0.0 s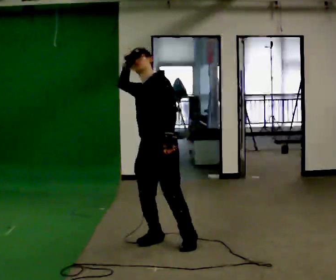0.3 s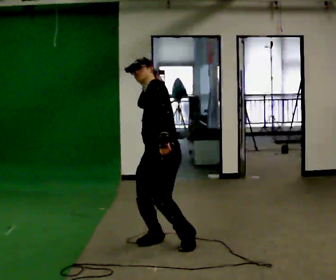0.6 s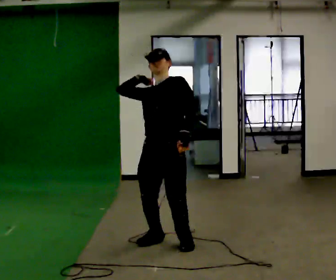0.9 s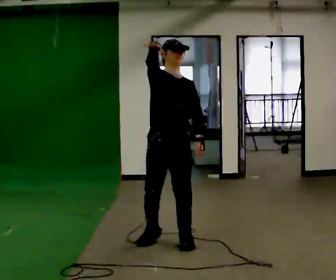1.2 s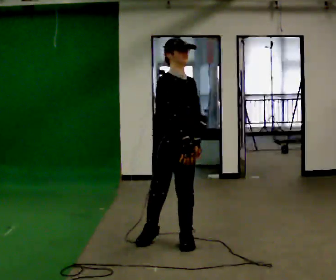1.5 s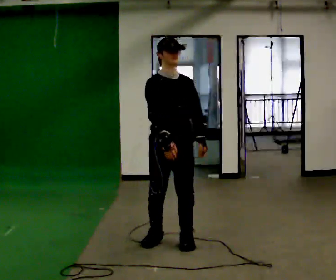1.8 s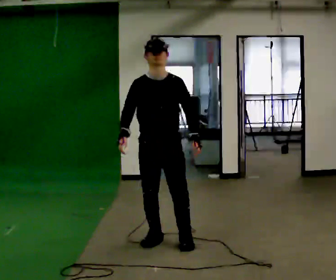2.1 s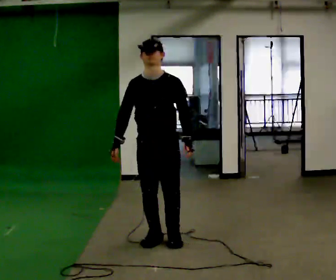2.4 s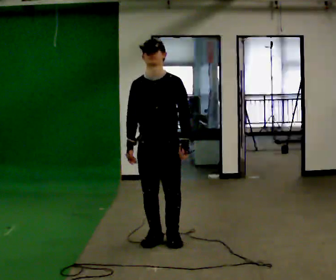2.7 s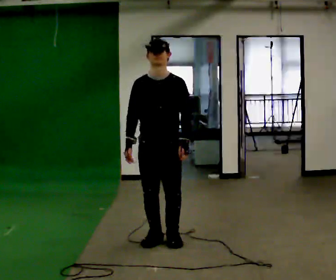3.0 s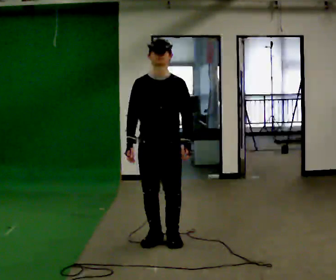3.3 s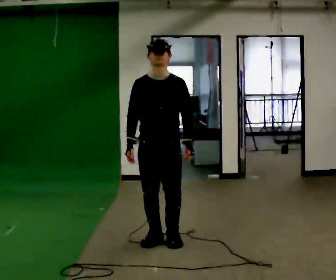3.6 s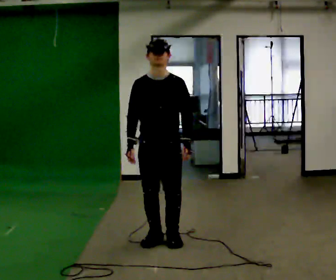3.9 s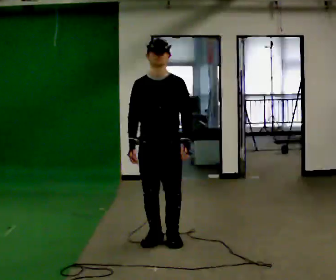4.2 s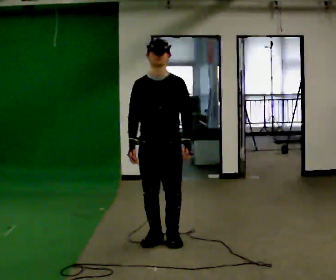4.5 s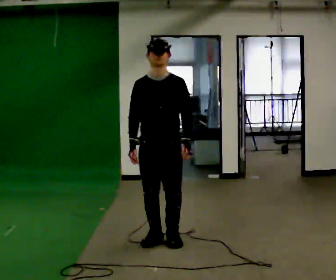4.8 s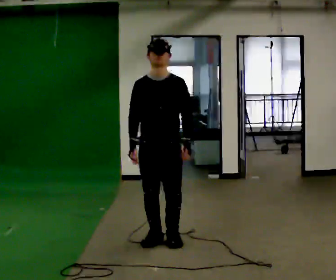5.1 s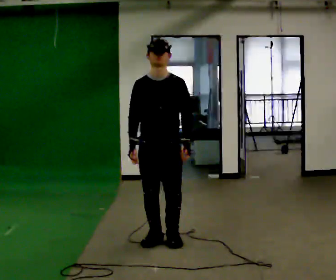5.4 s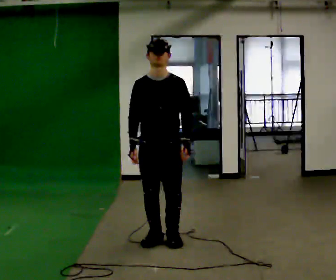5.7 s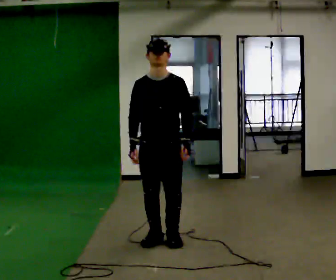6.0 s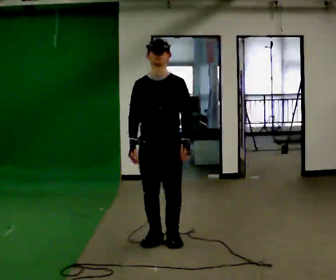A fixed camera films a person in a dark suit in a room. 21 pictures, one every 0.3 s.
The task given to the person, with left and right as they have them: Mime throwing a ball overhand as far as you can, with no ball. Repeat the movement at your own pace until the operator says stop; do not rush.
0.0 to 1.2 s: Seen from above the body turns counterclockwise, about 75 degrees: to their left, with its near side sliding to the right. In the picture their right hand goes downward and to the right.
1.2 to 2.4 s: Seen from above the body turns clockwise, about 45 degrees: to their right, with its near side sliding to the left. In the picture their right hand goes to the left.
2.4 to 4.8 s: The person moves a little, or ends about where they began.
4.8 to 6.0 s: The person keeps their place and pose.
The film runs forward here.
